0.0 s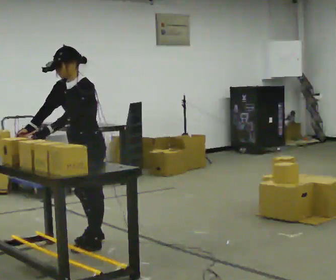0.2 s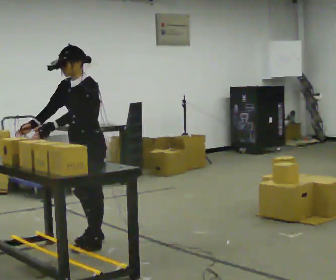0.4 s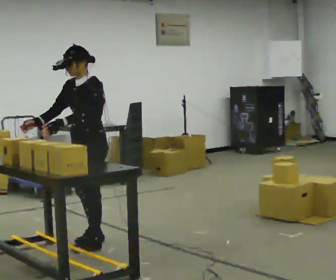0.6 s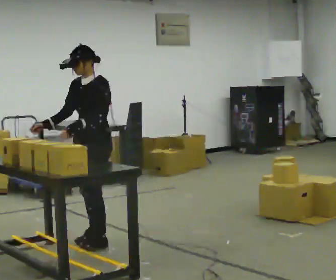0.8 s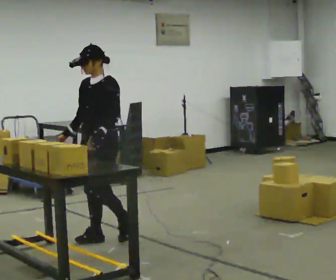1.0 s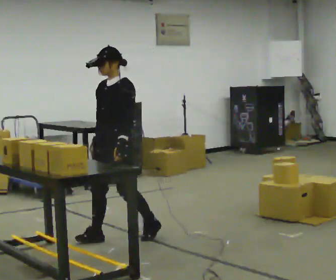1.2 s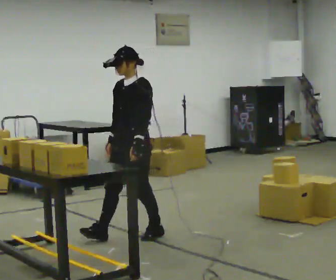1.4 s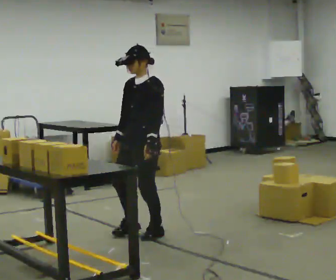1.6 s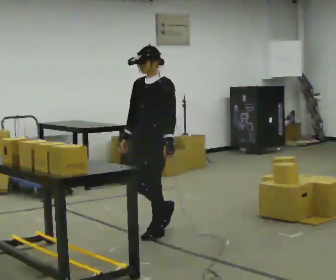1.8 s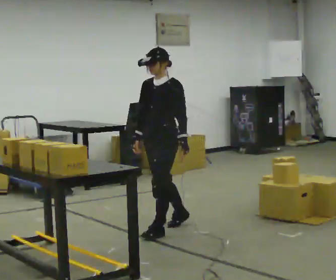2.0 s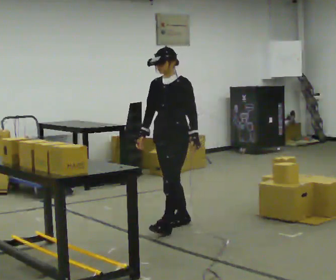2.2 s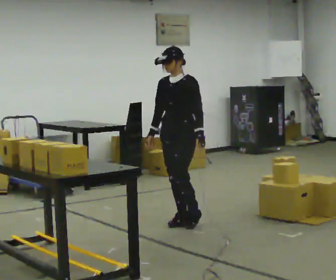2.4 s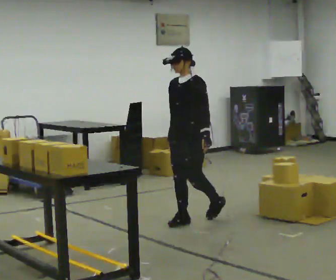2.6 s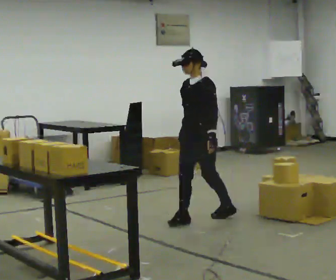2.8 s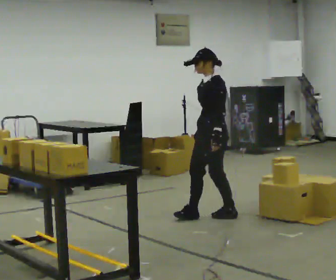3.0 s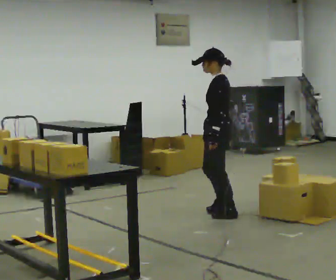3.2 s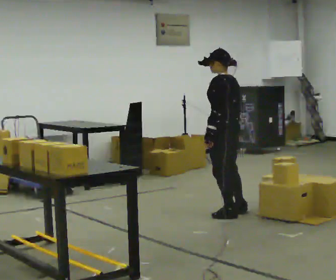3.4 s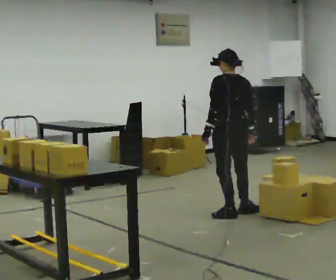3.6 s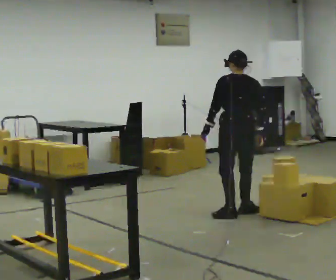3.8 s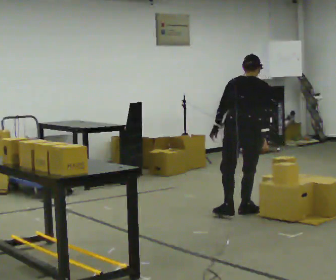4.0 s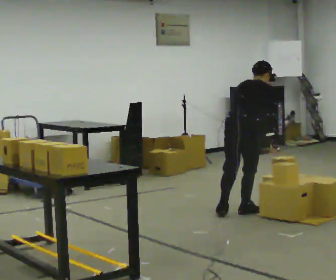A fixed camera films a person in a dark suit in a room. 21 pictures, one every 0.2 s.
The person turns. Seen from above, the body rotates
clockwise.
The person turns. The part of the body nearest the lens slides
to the left.
0.0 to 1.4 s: In the picture they go to the right and away from the camera, about 0.5 m in 2 steps, which for them is backward. The upper body tips away from the camera, its near side rolling upward, as they lean back or straighten.
1.4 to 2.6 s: In the picture they go away from the camera and to the right, about 0.75 m in 1 step, which for them is backward.
2.6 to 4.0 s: Seen from above the body turns clockwise, about 165 degrees: to their right, with its near side sliding to the left. In the picture they go to the right, about 0.5 m in 1 step. The upper body tips away from the camera, its near side rolling upward, as they bend forward.
The film runs backward here.
